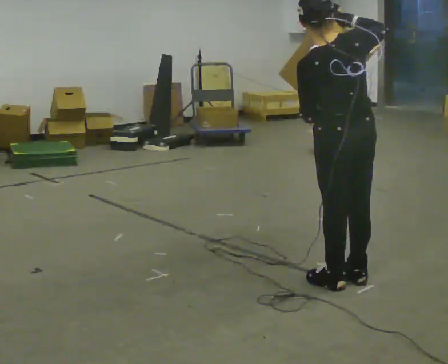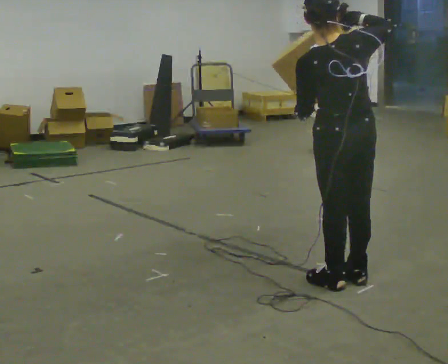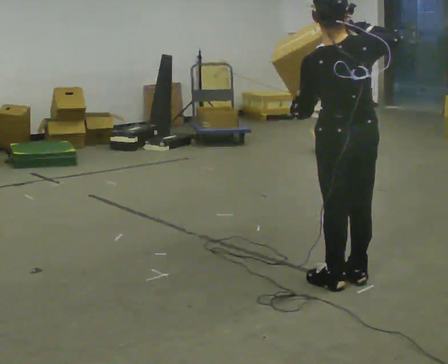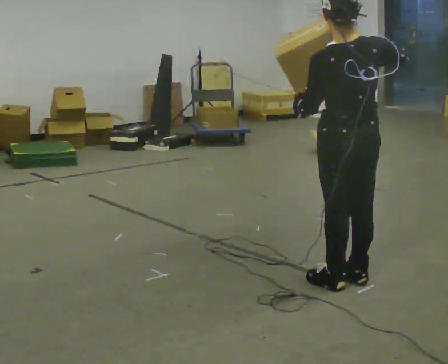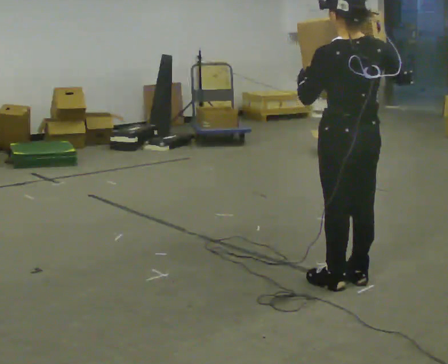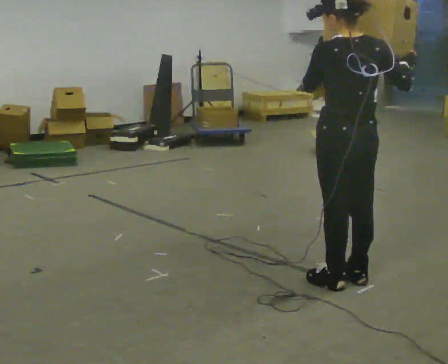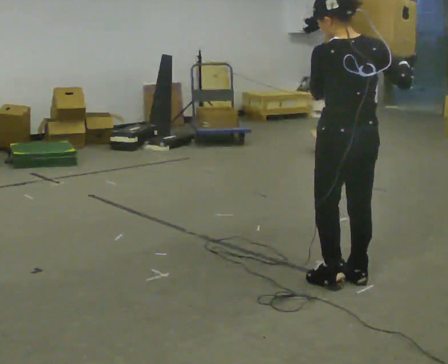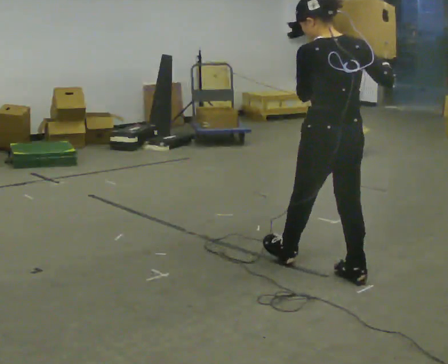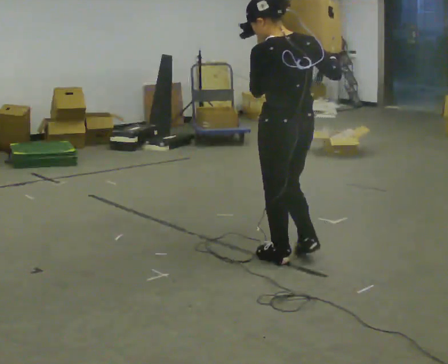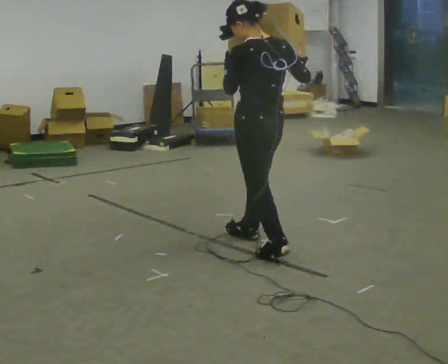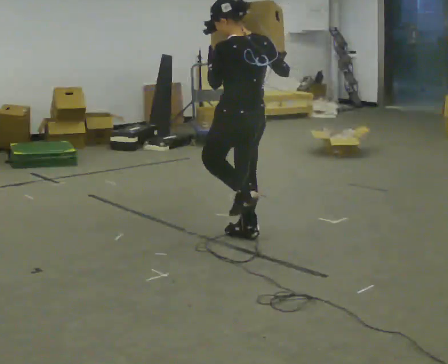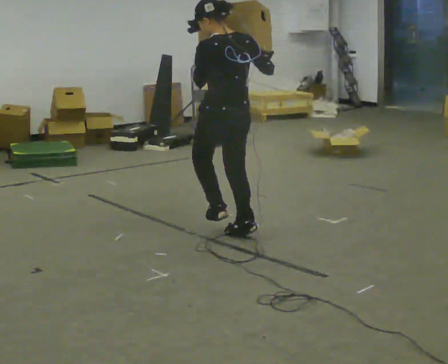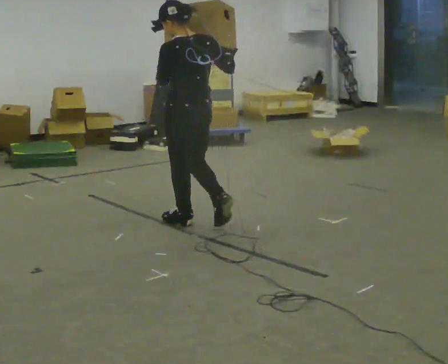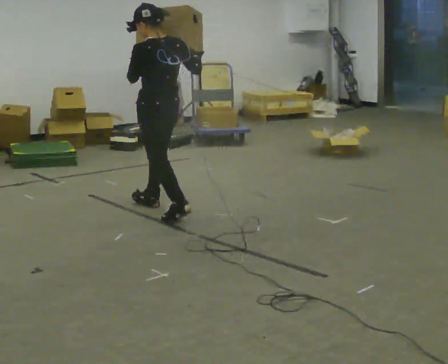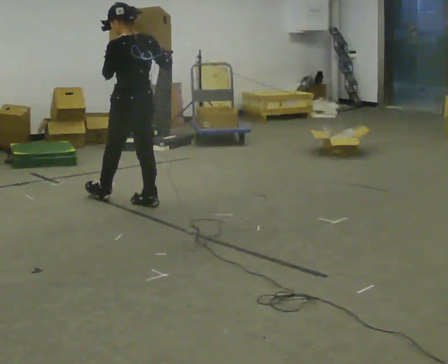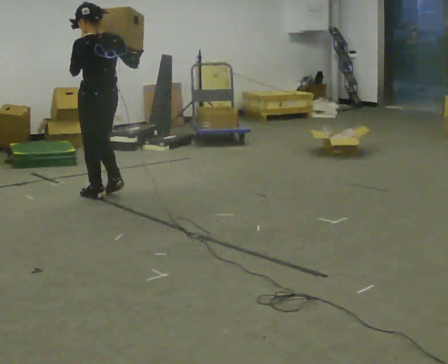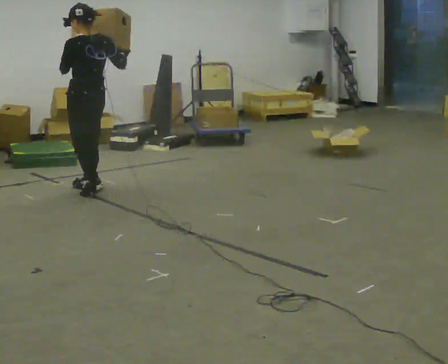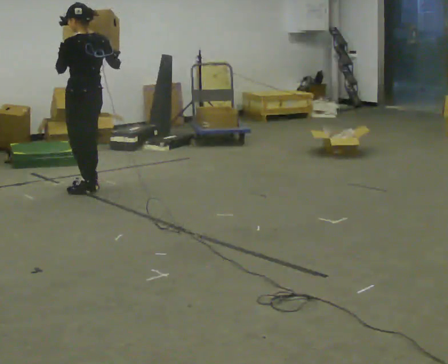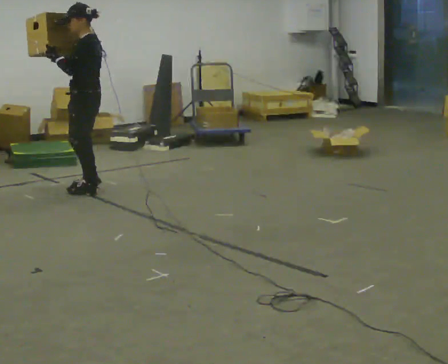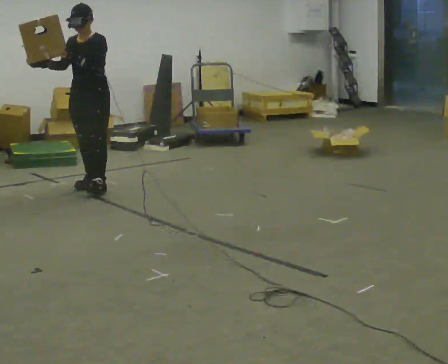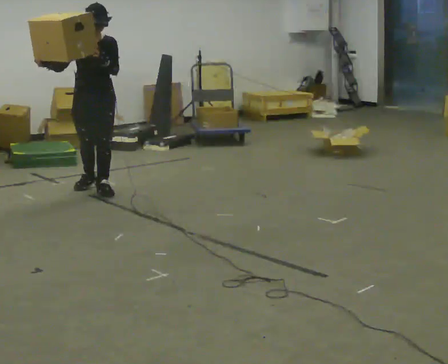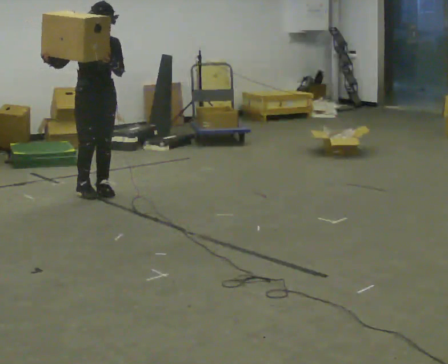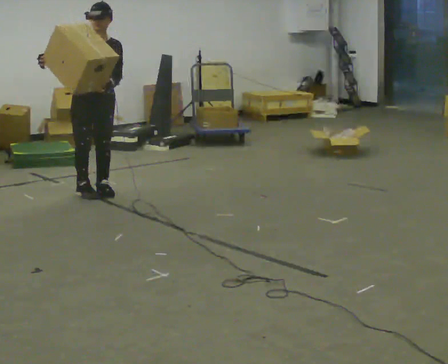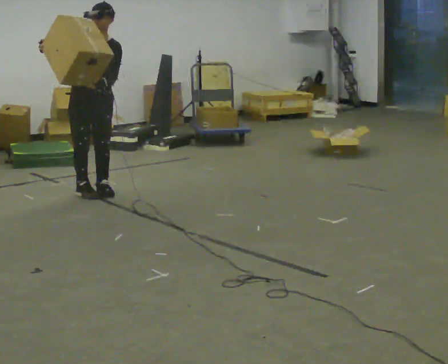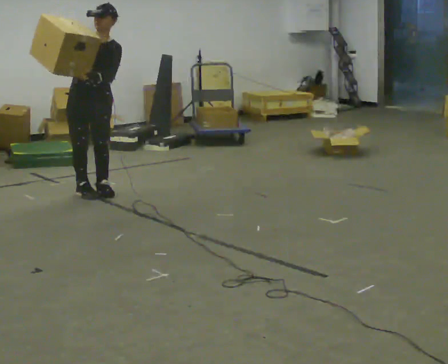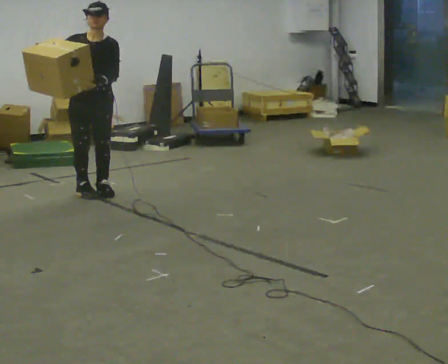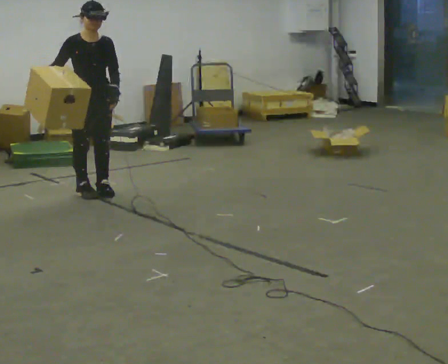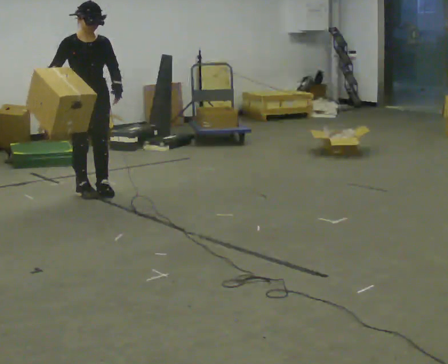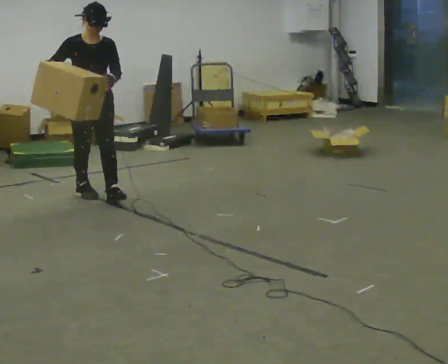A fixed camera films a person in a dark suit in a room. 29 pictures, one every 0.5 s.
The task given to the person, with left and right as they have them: Carry the box and, while walking, shift it to a different hold: front, then hip, then shoulder, then back to front. Do not stop walking.
0.0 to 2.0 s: The person moves a little, or ends about where they began.
2.0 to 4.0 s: In the picture they go away from the camera and to the left, about 0.5 m in 1 step, which for them is forward.
4.0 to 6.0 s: In the picture they go away from the camera and to the left, about 1 m in 2 steps, which for them is forward.
6.0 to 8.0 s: In the picture they go away from the camera and to the left, about 1 m in 3 steps, which for them is forward.
8.0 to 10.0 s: Seen from above the body turns counterclockwise, about 150 degrees: to their left, with its near side sliding to the right. In the picture their right hand goes to the left.
10.0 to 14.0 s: In the picture they go toward the camera, about 0.25 m in 1 step, which for them is forward.
The film runs forward here.
